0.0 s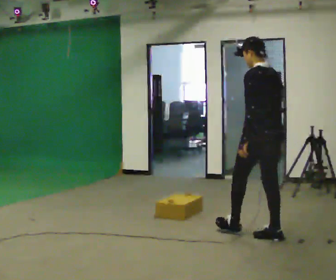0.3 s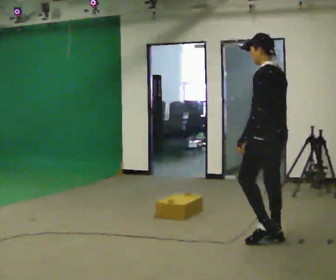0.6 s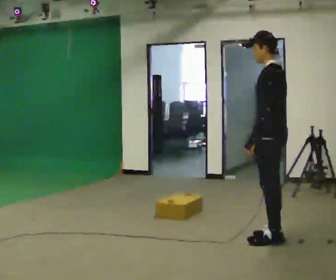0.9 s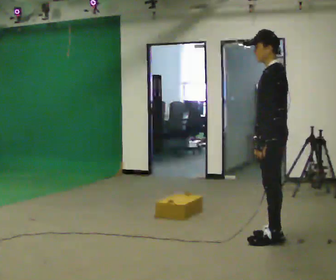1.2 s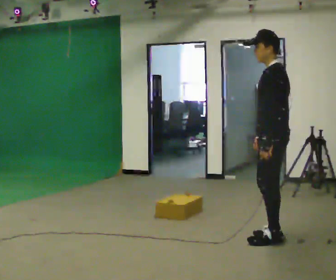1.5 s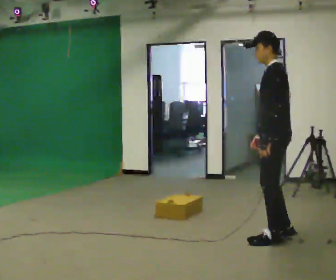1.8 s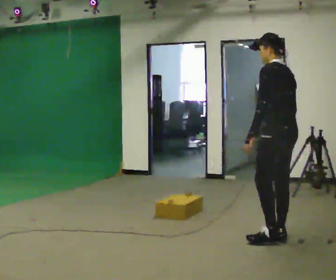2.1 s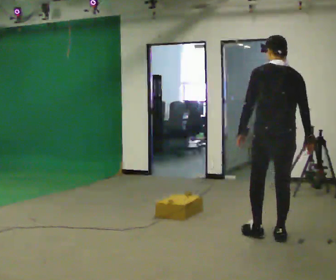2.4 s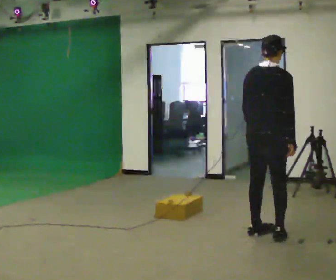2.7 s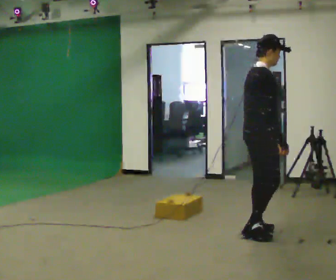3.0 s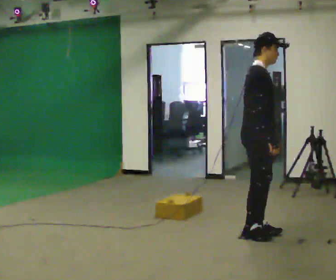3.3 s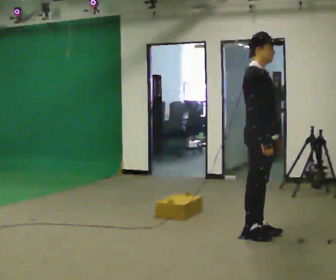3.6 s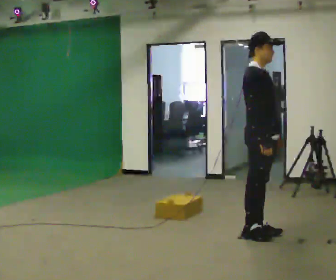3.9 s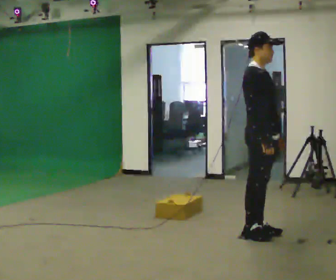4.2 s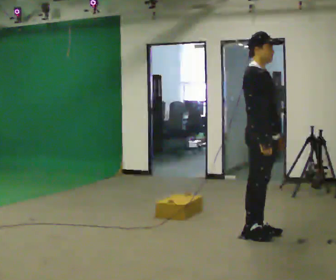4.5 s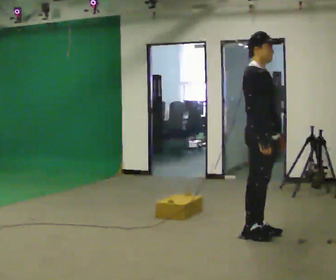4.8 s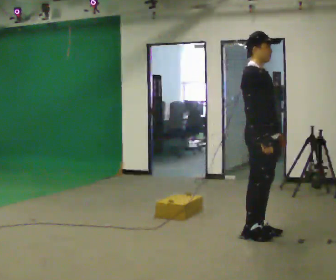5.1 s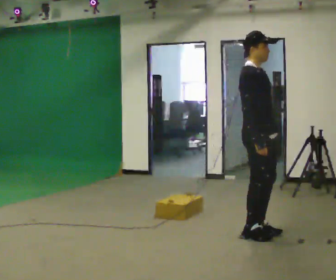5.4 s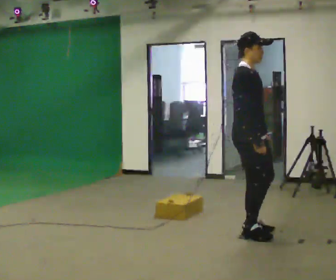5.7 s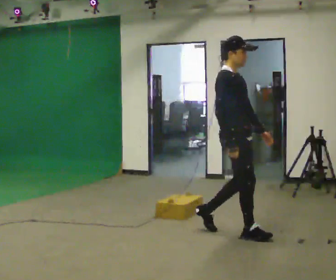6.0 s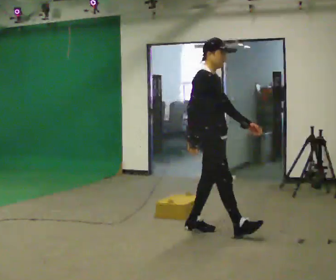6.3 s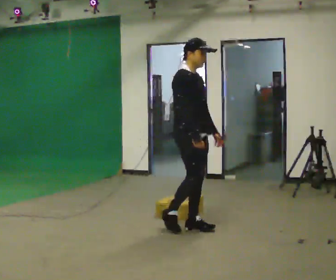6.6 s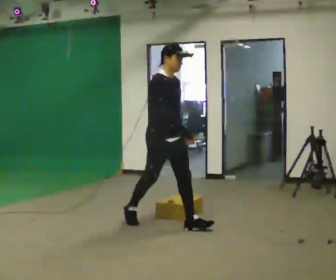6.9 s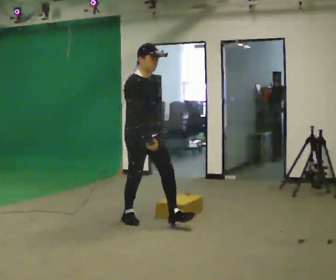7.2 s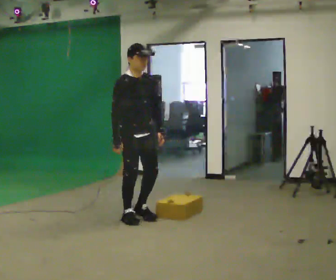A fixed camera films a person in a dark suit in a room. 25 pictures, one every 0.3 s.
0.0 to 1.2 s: Seen from above the body turns counterclockwise, about 45 degrees: to their left, with its near side sliding to the right. In the picture they go toward the camera, about 0.25 m, which for them is to their left.
1.2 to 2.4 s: The part of the body nearest the lens slides to the left as the person turns to their right by about 120 degrees.
2.4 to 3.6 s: Seen from above the body turns clockwise, about 75 degrees: to their right, with its near side sliding to the left.
3.6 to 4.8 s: The person moves a little, or ends about where they began.
4.8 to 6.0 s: In the picture they go to the left, about 0.5 m in 2 steps, which for them is backward.
6.0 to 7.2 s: The person turns about 30 degrees to their right, clockwise seen from above, so the part of the body nearest the lens slides to the left. In the picture they go to the left and away from the camera, about 1 m in 1 step, which for them is backward.
The film runs backward here.
